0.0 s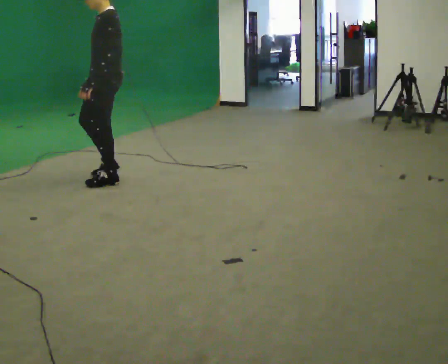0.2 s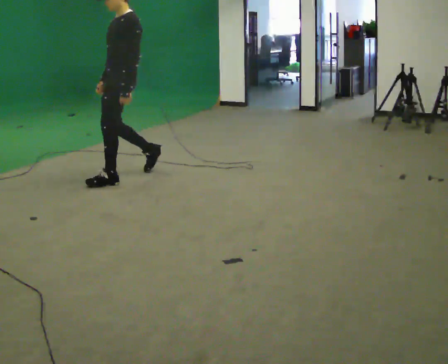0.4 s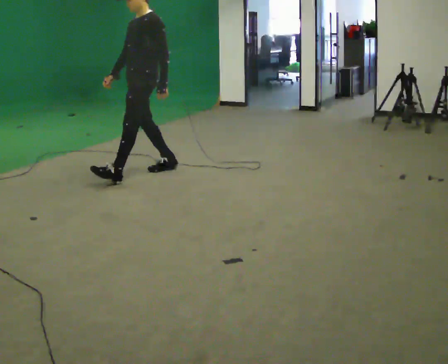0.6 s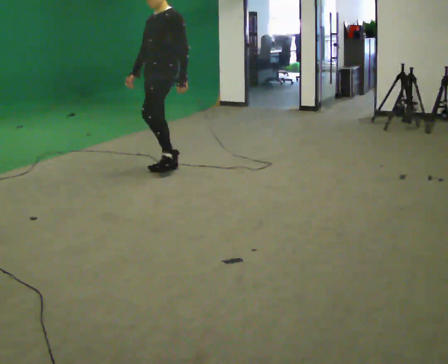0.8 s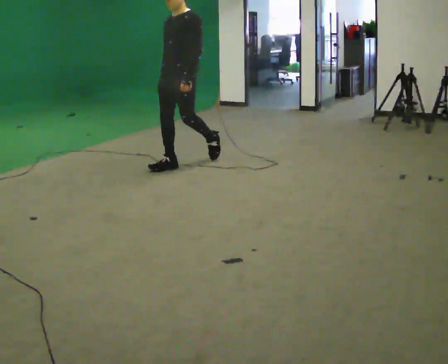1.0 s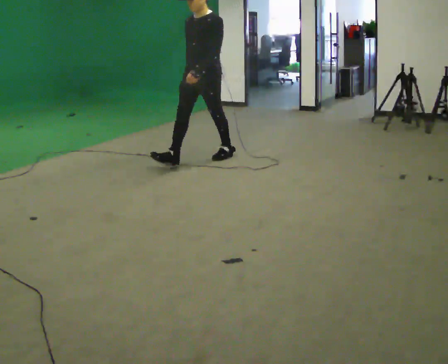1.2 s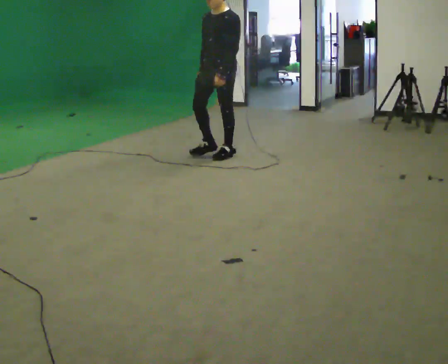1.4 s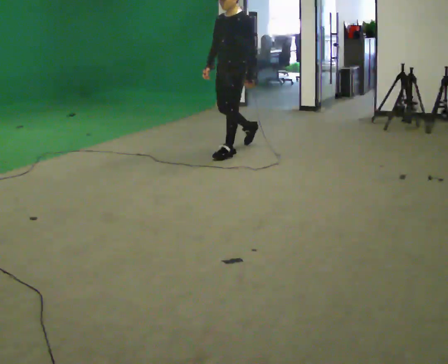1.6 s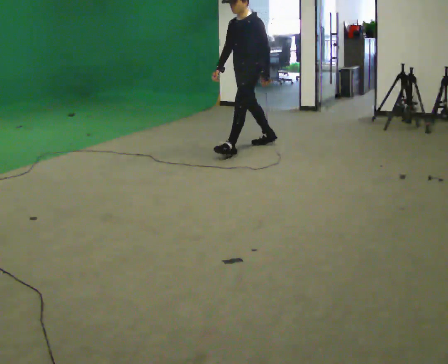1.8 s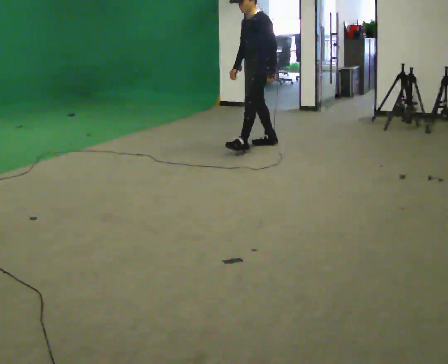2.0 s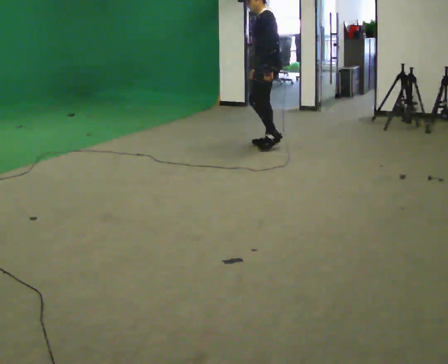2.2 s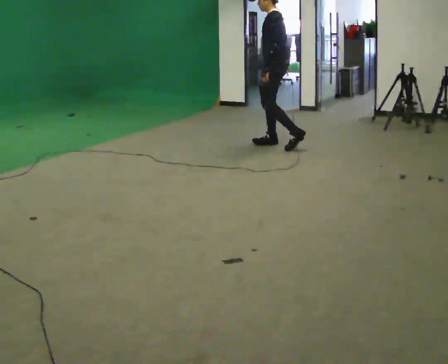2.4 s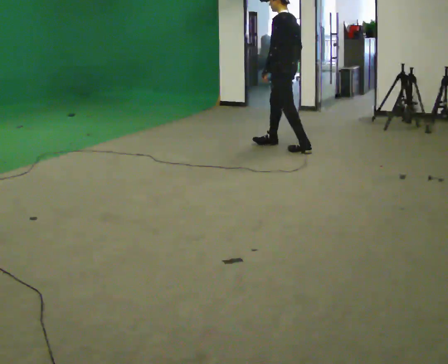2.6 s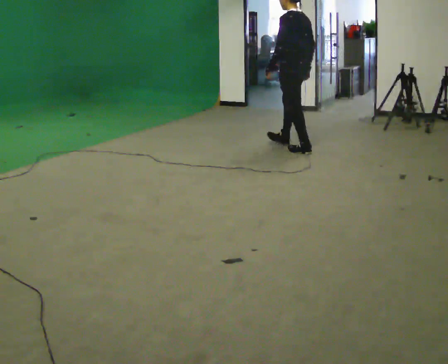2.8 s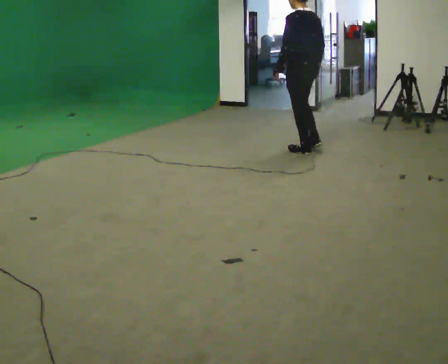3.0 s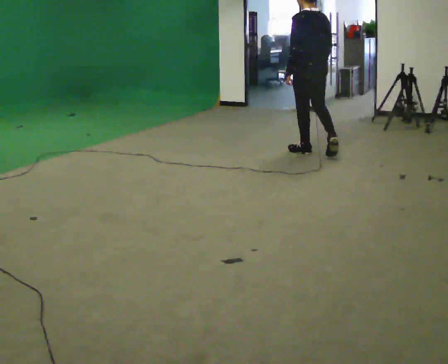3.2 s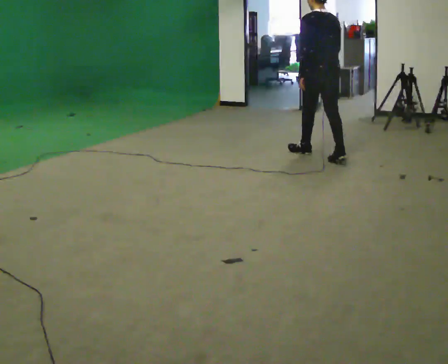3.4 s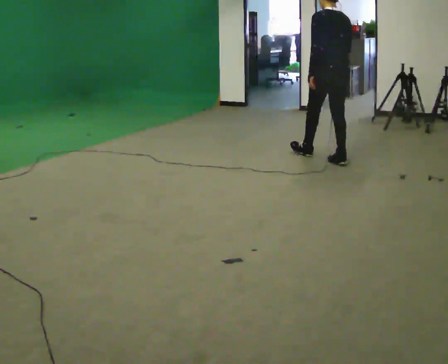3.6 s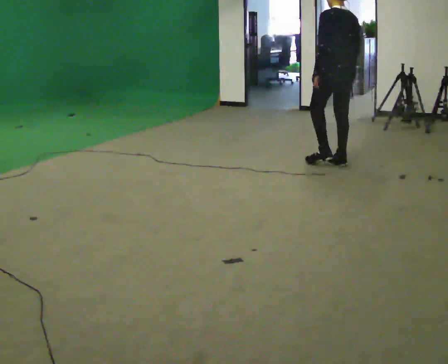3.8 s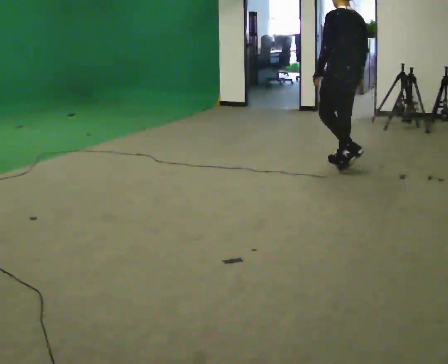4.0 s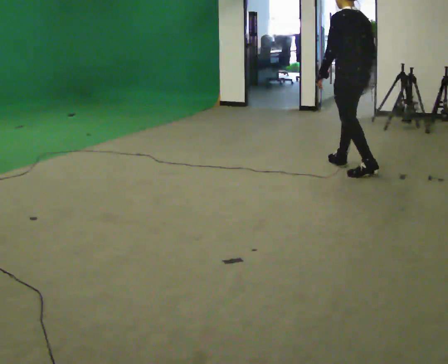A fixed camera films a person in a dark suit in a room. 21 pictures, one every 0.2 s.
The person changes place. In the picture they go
to the right.
The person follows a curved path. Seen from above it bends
clockwise.
0.0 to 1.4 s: The part of the body nearest the lens slides to the right as the person turns to their left by about 30 degrees. In the picture they go away from the camera and to the right, about 1.5 m in 2 steps, which for them is backward.
1.4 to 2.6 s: Seen from above the body turns clockwise, about 75 degrees: to their right, with its near side sliding to the left. In the picture they go to the right, about 0.75 m in 2 steps.
2.6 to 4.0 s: In the picture they go toward the camera and to the right, about 1 m in 1 step, which for them is backward.
The film runs backward here.
